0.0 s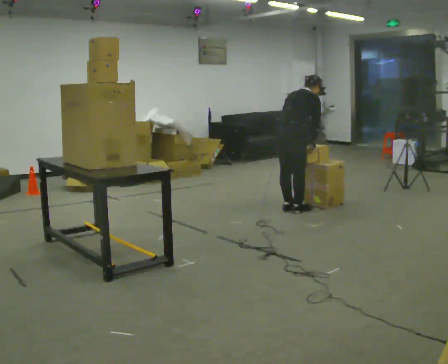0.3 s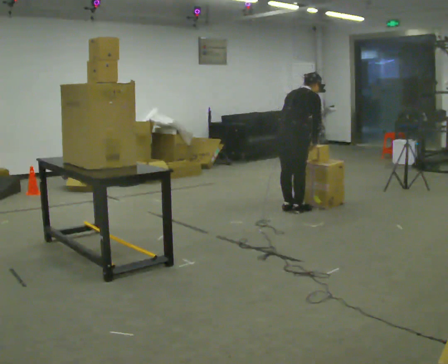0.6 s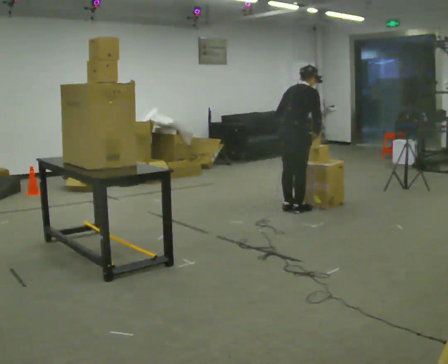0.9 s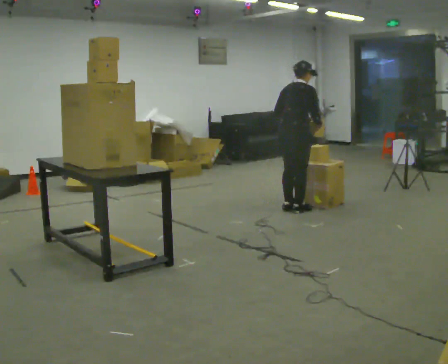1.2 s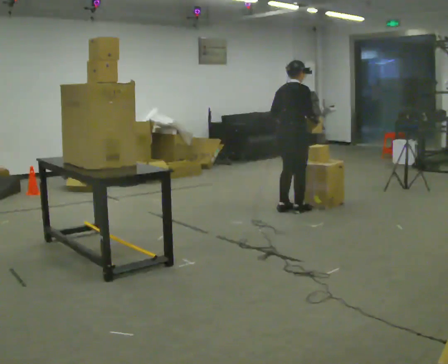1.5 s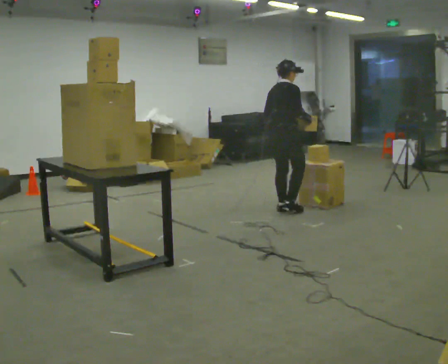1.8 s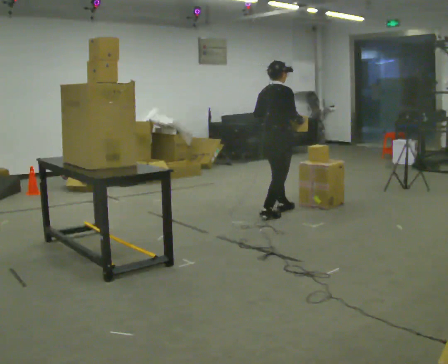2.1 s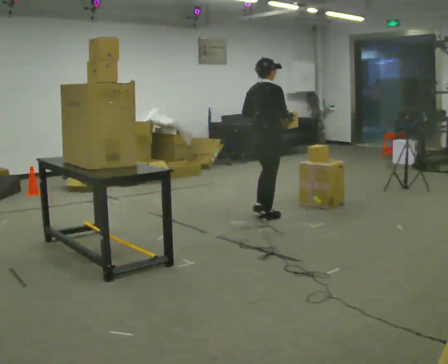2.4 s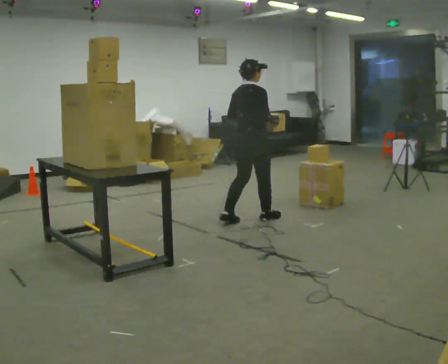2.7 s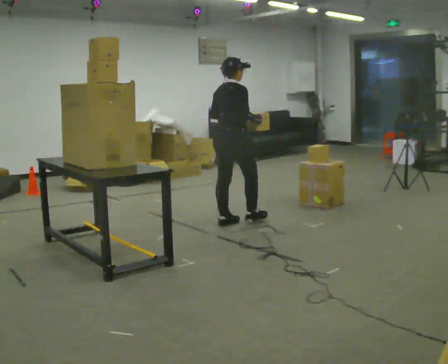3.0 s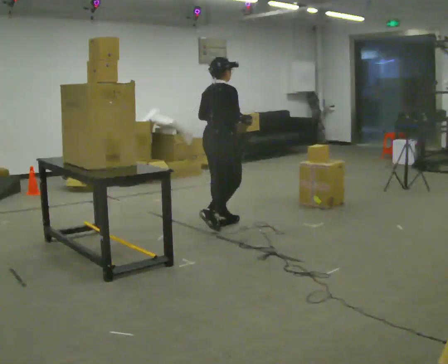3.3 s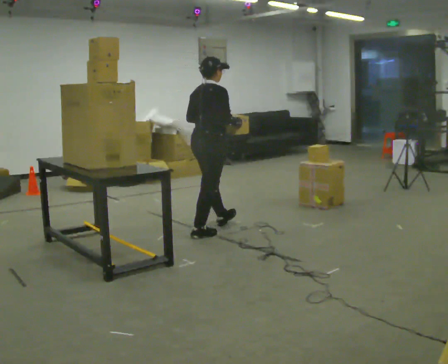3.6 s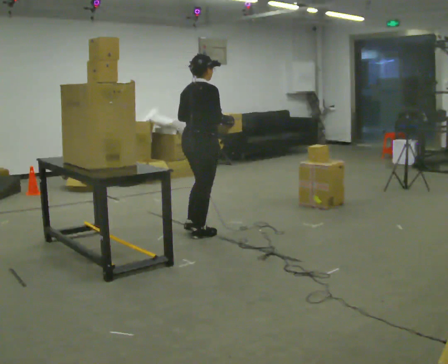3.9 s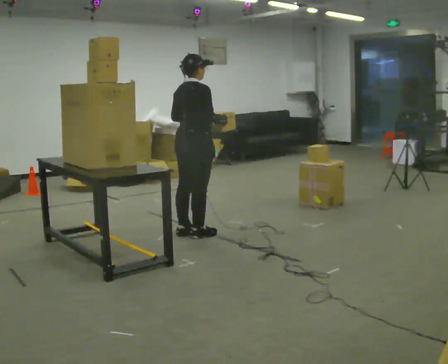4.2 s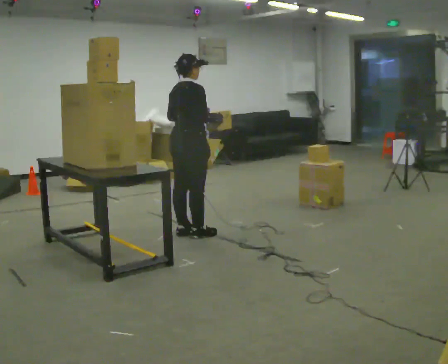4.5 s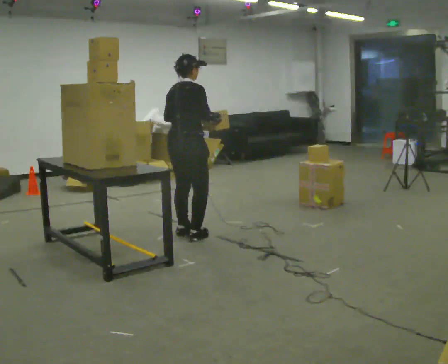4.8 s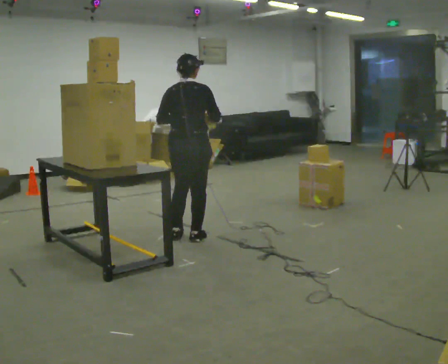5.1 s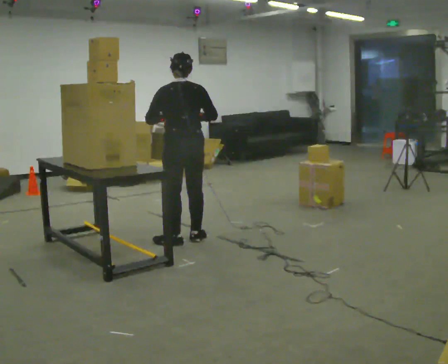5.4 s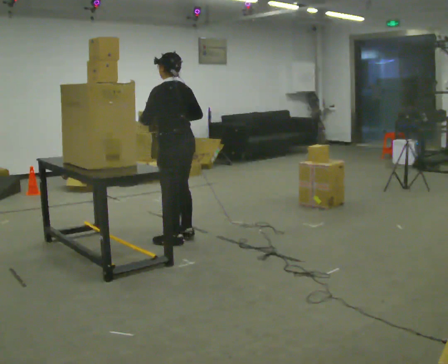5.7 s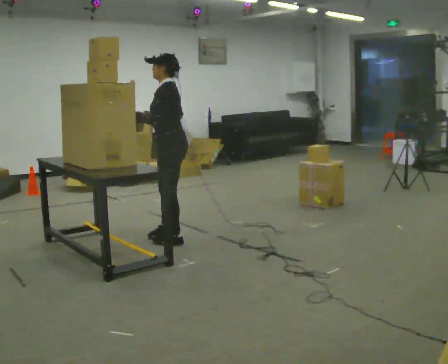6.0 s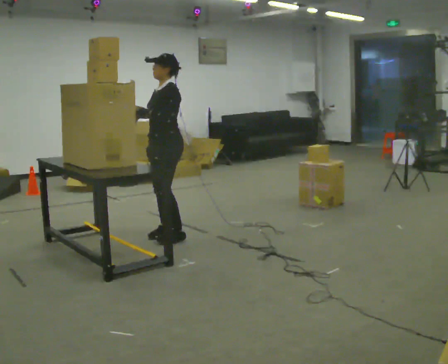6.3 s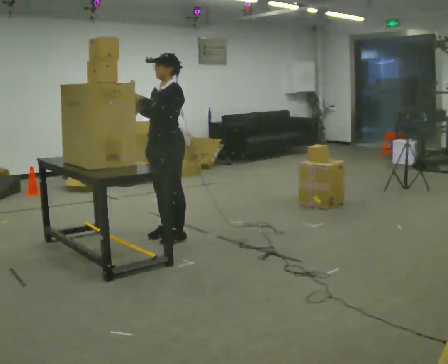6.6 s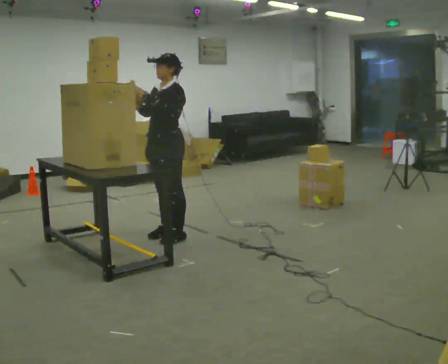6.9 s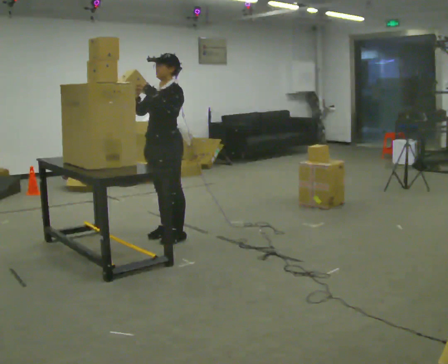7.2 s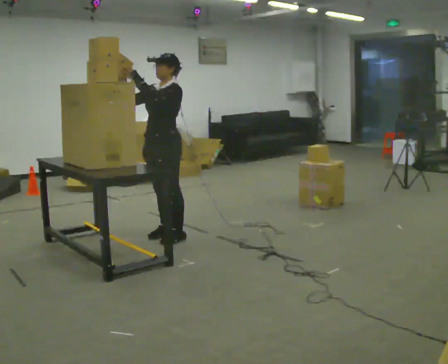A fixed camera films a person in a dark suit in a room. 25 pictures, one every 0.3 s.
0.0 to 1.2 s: In the picture the upper body tilts counterclockwise, shoulders to the left, as they lean back or straighten.
1.2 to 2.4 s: In the picture they go to the left and toward the camera, about 0.5 m in 2 steps, which for them is backward.
2.4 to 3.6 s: In the picture they go to the left and toward the camera, about 0.75 m in 2 steps, which for them is backward.
3.6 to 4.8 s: The person turns about 30 degrees to their left, counterclockwise seen from above, so the part of the body nearest the lens slides to the right.
4.8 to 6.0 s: The person turns about 135 degrees to their left, counterclockwise seen from above, so the part of the body nearest the lens slides to the right. In the picture they go to the left, about 0.25 m in 2 steps.
6.0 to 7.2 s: The person moves a little, or ends about where they began.
The film runs backward here.
